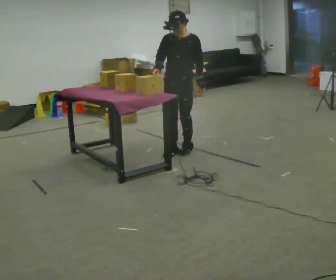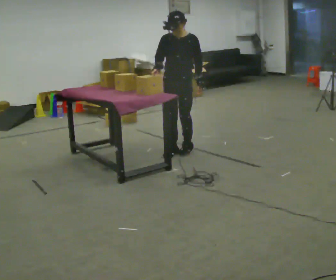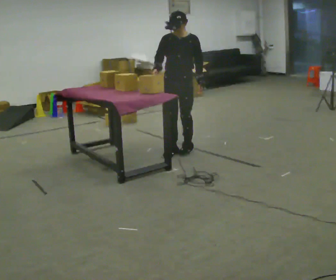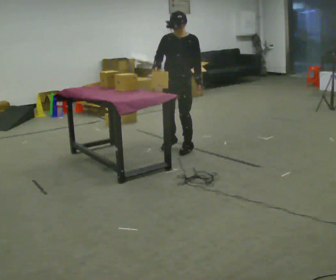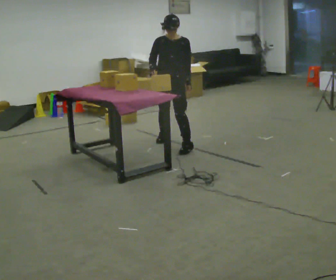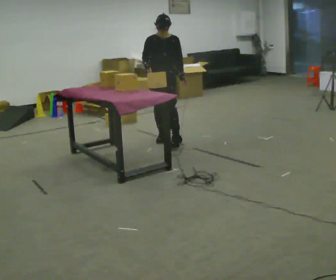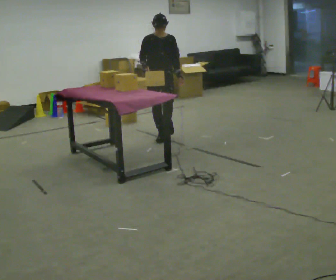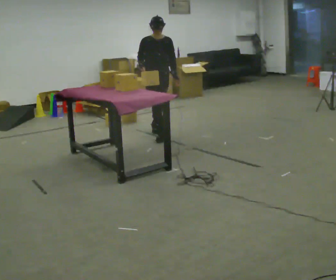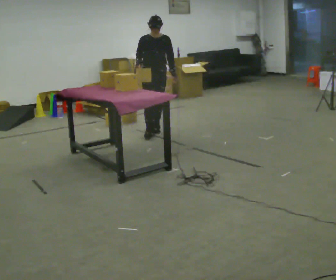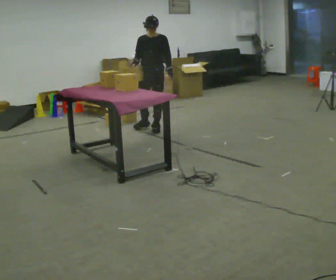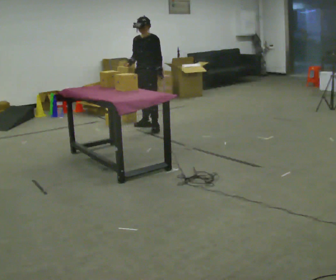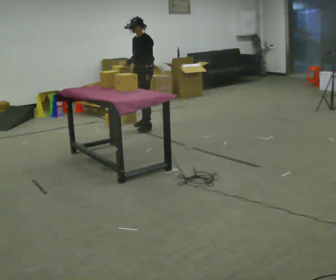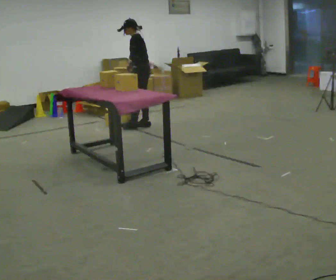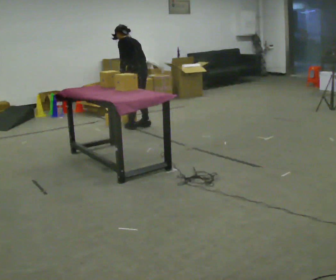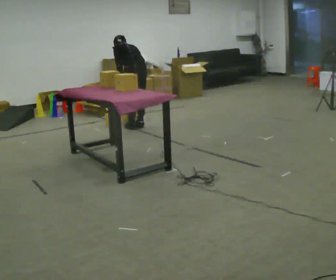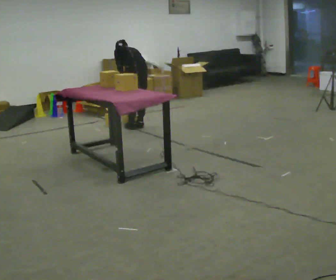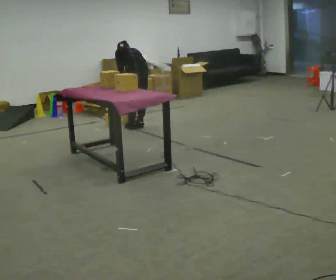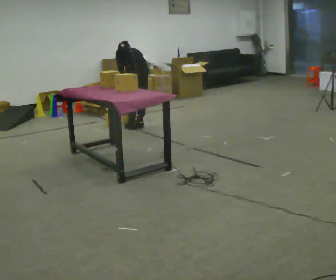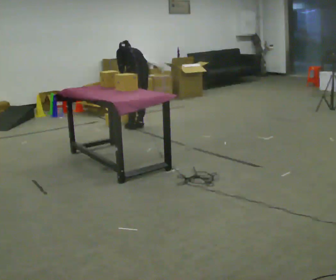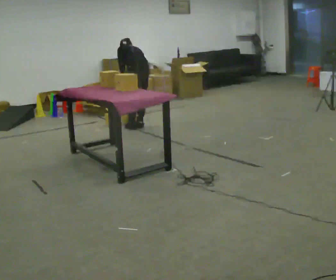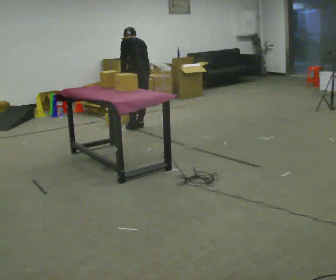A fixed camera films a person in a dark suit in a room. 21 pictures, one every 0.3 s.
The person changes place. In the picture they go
away from the camera.
0.0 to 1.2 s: In the picture they go away from the camera, about 0.25 m in 1 step, which for them is backward and to their right.
1.2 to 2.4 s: In the picture they go away from the camera, about 0.75 m in 2 steps, which for them is backward.
2.4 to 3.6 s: The person turns about 90 degrees to their right, clockwise seen from above, so the part of the body nearest the lens slides to the left. In the picture they go away from the camera, about 0.5 m in 1 step.
3.6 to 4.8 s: The part of the body nearest the lens slides to the left as the person turns to their right by about 60 degrees. The upper body goes downward. The upper body tips away from the camera, its near side rolling upward, as they bend forward. In the picture their right hand goes downward.
4.8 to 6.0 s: The upper body tips toward the camera, its near side rolling downward, as they lean back or straighten.
The film runs backward here.
